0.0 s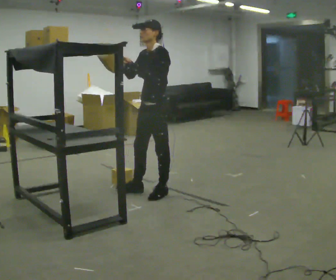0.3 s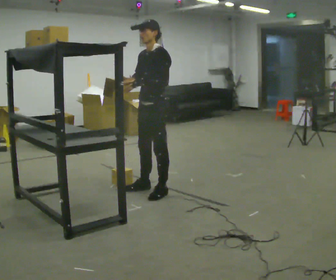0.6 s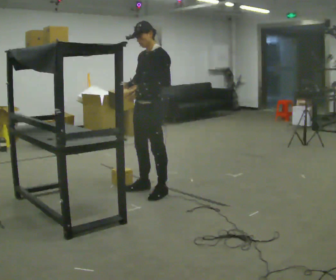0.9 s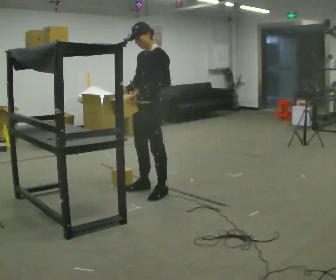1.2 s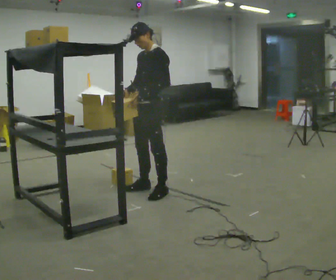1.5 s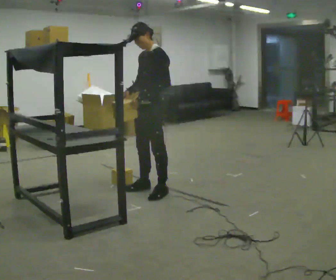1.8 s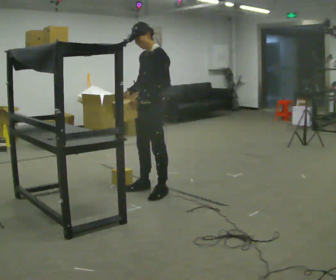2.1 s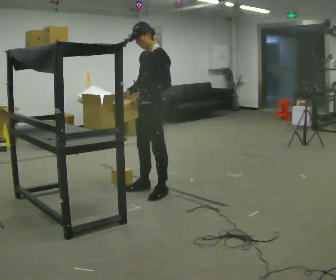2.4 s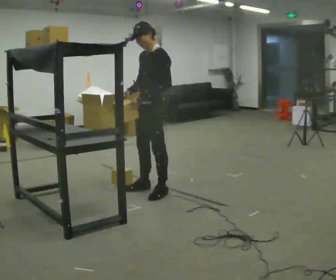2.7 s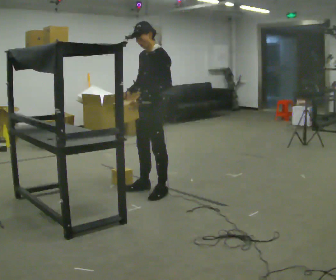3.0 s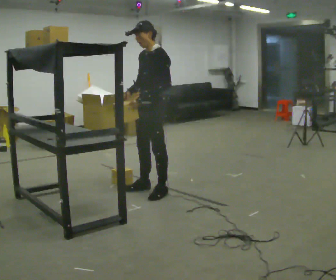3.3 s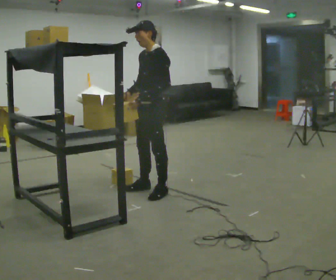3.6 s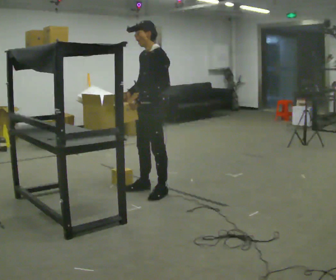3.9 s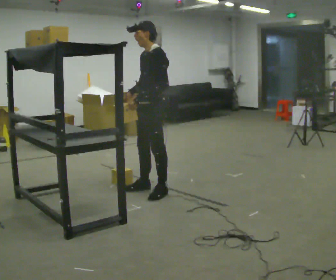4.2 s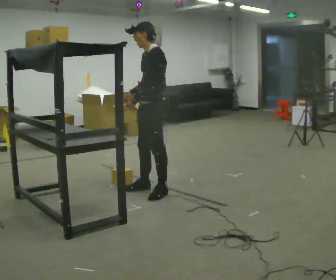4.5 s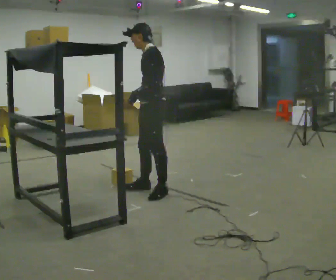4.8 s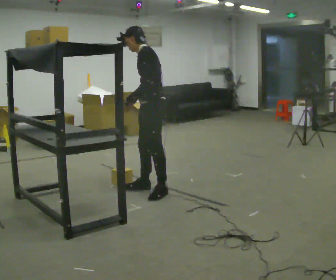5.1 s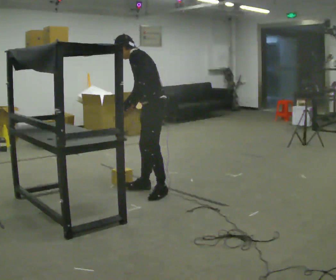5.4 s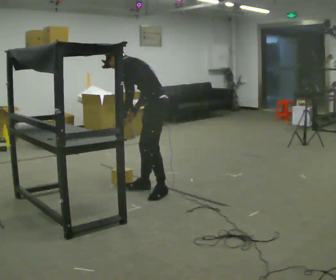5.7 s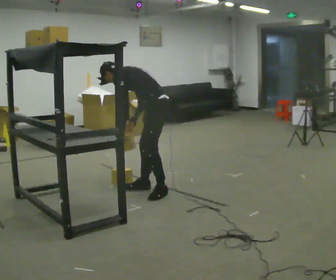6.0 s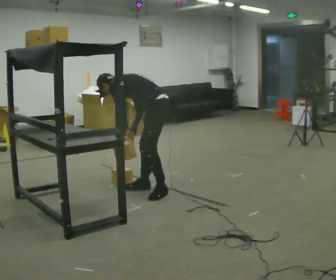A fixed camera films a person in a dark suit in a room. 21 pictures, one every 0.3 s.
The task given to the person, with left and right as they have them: Place the object on the shelf just at the top of your comfortable reach. Repeat at your own pace until the operator says stop. Keep both feet on the marked spots for the whole take. If you have to step, stop and tell the operator.
0.0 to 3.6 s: The person moves a little, or ends about where they began.
3.6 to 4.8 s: In the picture the upper body tilts counterclockwise, shoulders to the left.
4.8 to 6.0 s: The upper body goes downward. In the picture the upper body tilts counterclockwise, shoulders to the left, as they bend forward. In the picture their right hand goes downward.
The film runs forward here.
